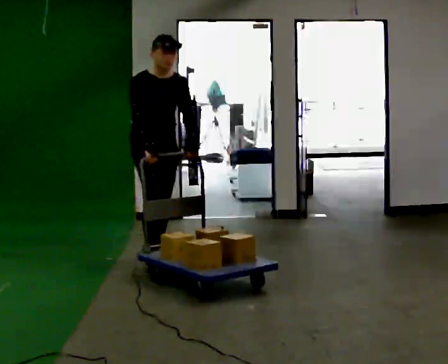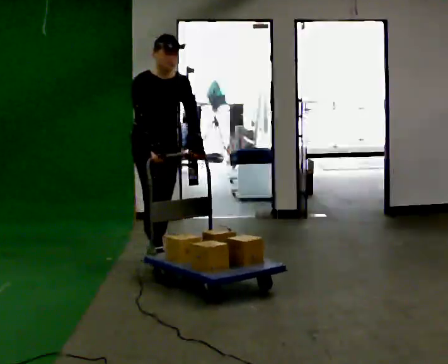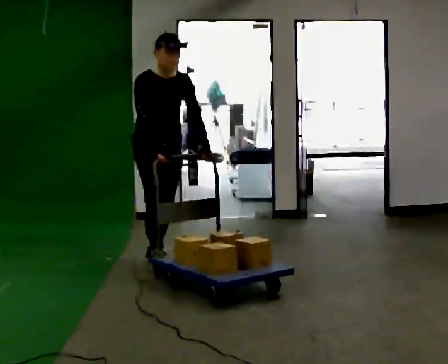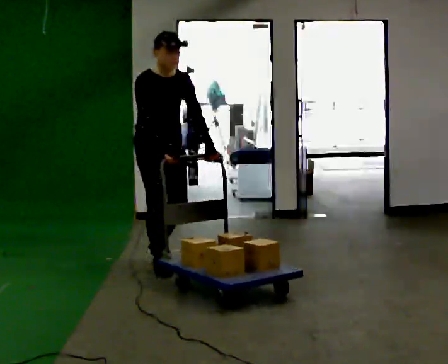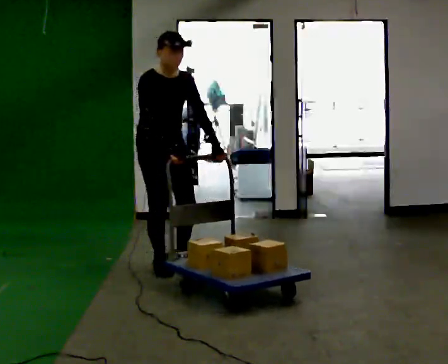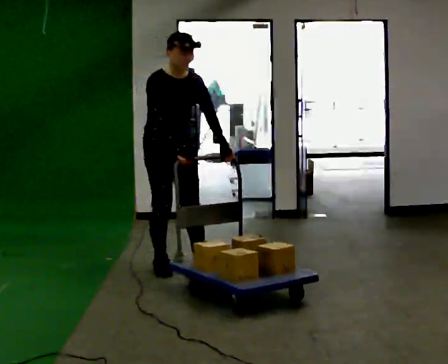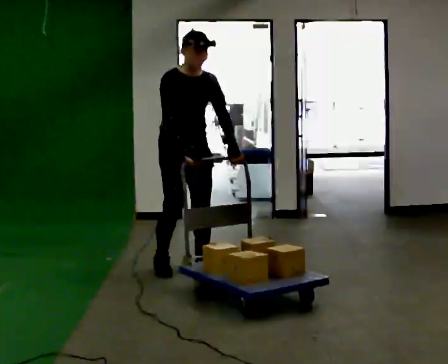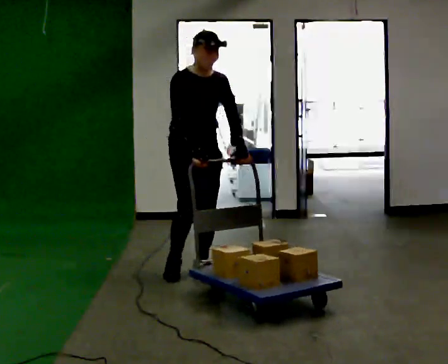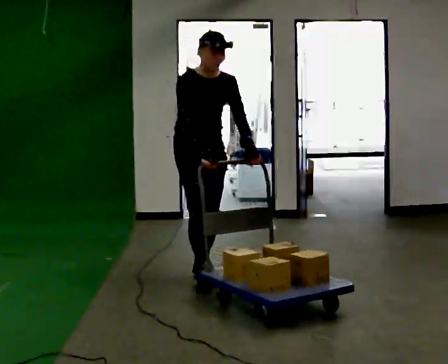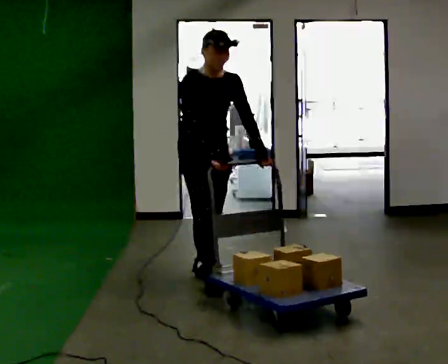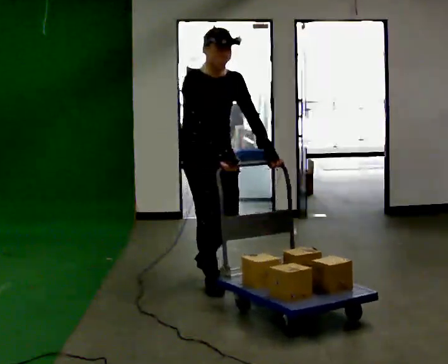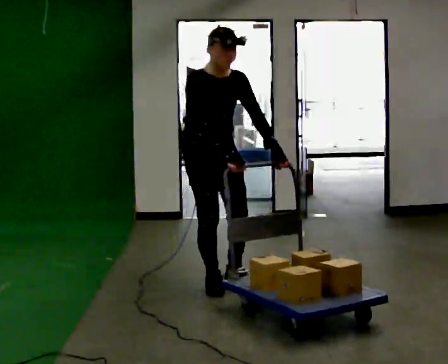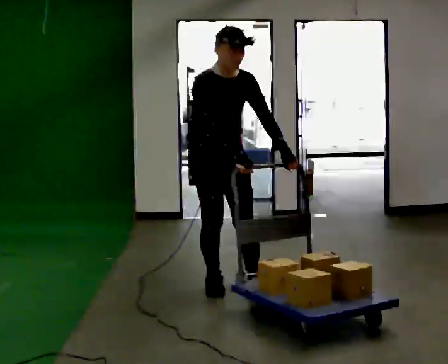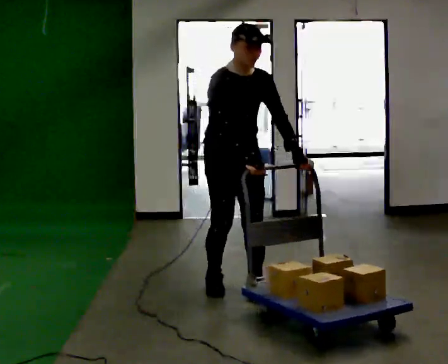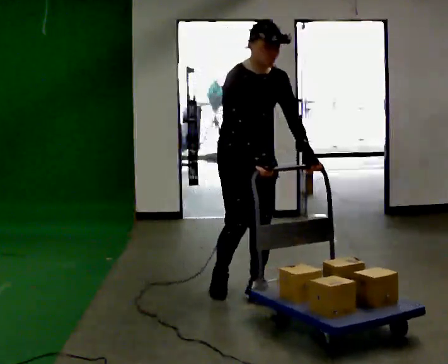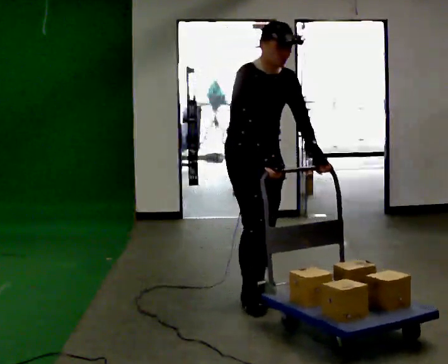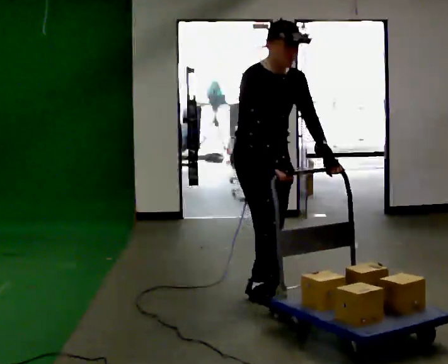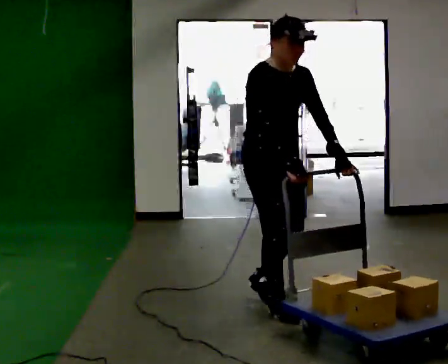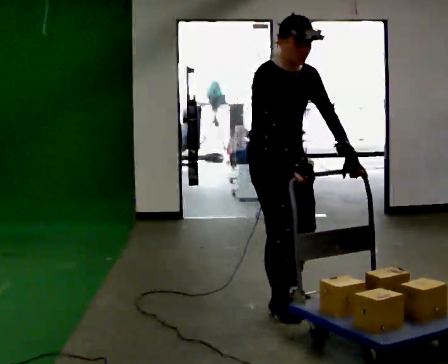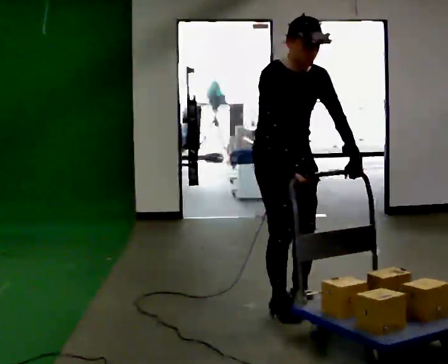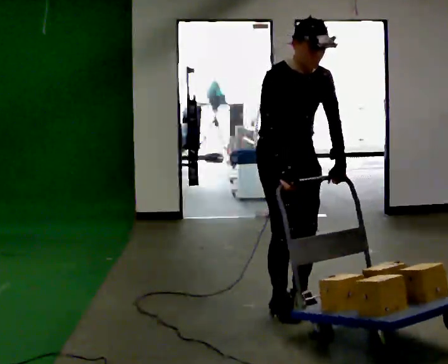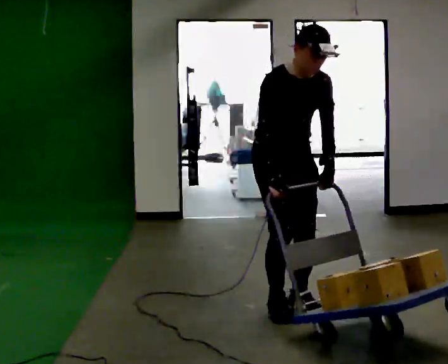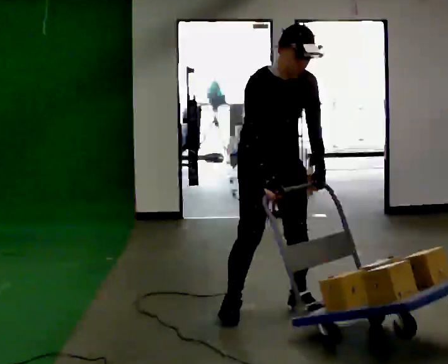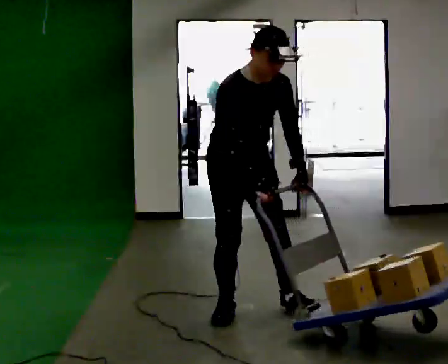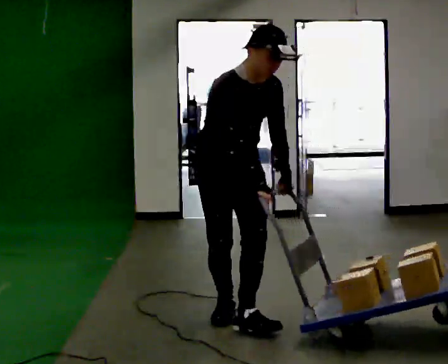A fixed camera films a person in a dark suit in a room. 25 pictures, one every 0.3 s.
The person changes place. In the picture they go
toward the camera.
The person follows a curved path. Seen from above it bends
clockwise.
0.0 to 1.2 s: In the picture they go toward the camera, about 0.25 m in 1 step, which for them is forward.
1.2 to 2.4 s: In the picture they go to the right and toward the camera, about 0.25 m in 1 step, which for them is forward and to their left.
2.4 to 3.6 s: In the picture they go toward the camera, about 0.5 m in 1 step, which for them is forward.
3.6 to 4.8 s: In the picture they go toward the camera and to the right, about 0.5 m in 2 steps, which for them is forward.
4.8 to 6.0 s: In the picture they go toward the camera, about 0.25 m in 1 step, which for them is forward.
6.0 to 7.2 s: In the picture they go to the left and toward the camera, about 0.5 m in 1 step, which for them is to their right.
The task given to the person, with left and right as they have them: Push the loaded cart from one corner of the room to the other, turn it round, and push it back. Keep going until the operator says stop.
The film runs forward here.
